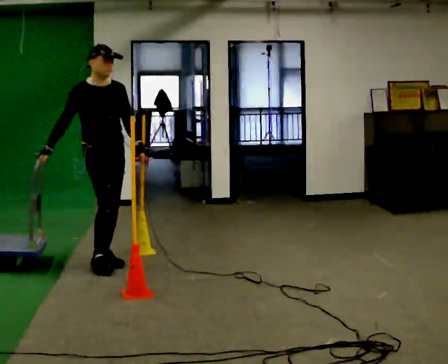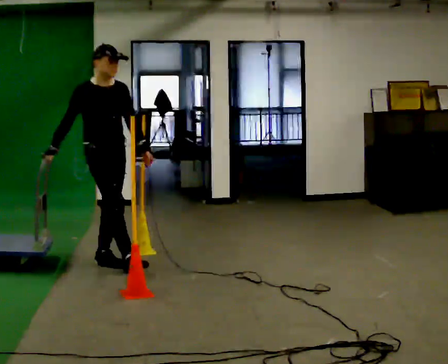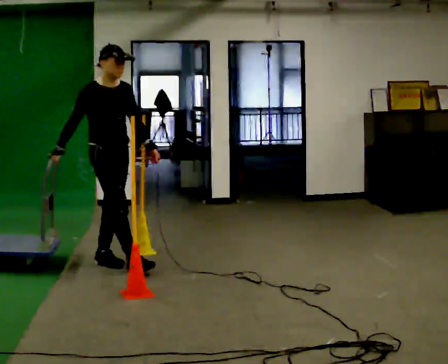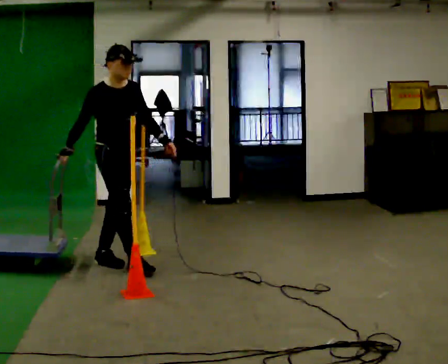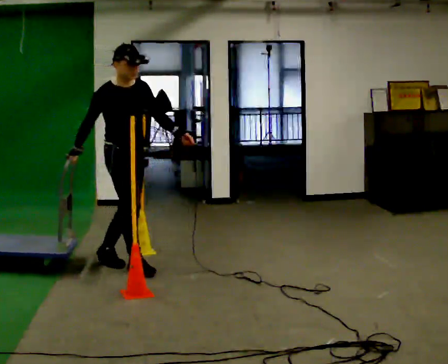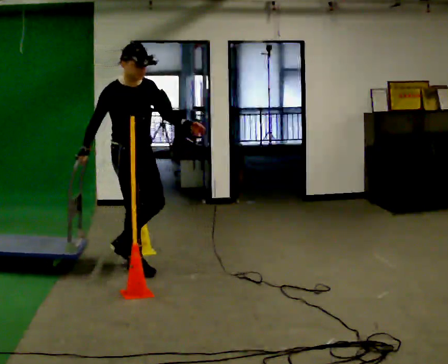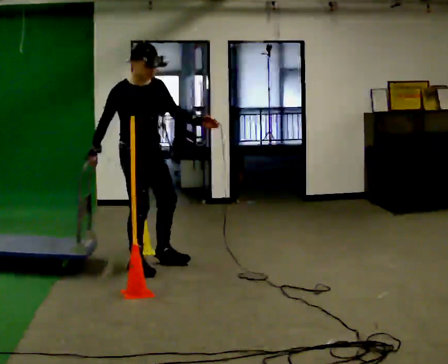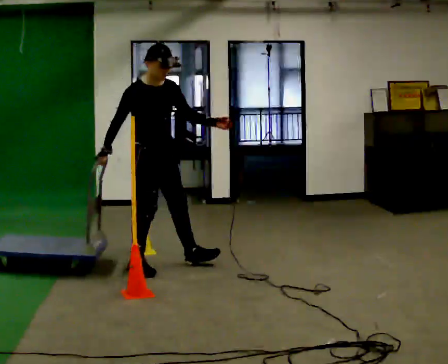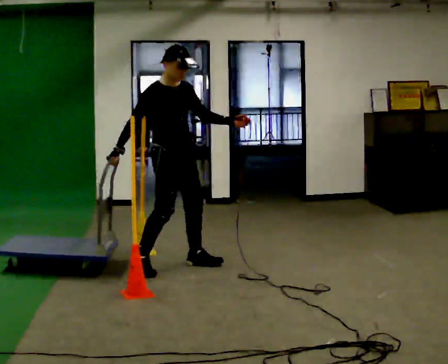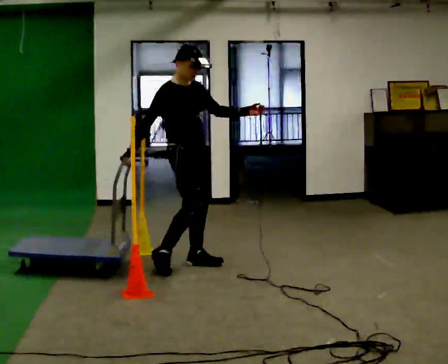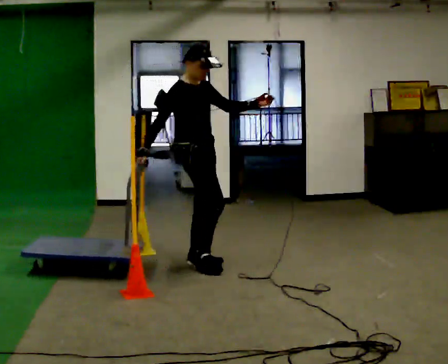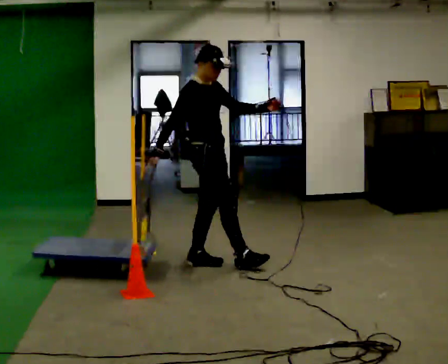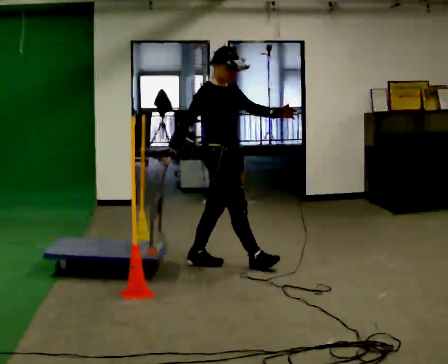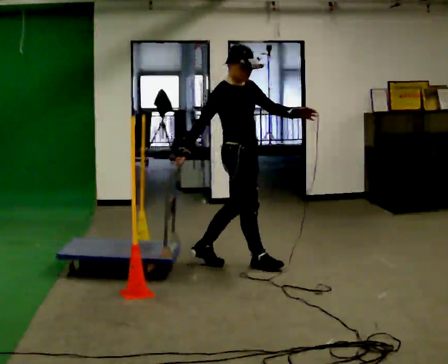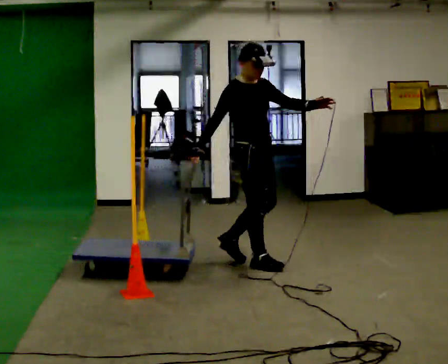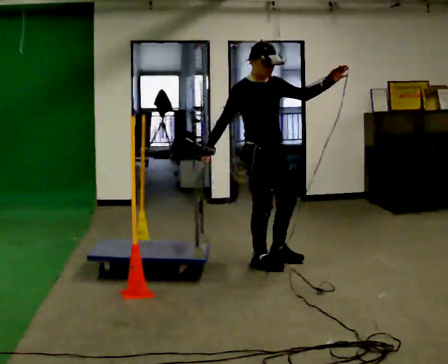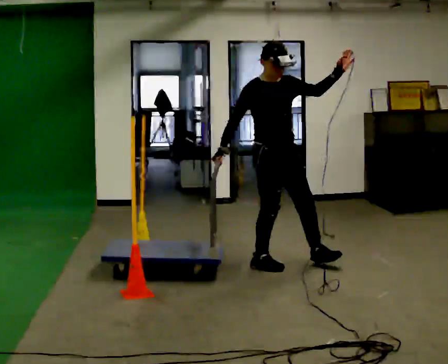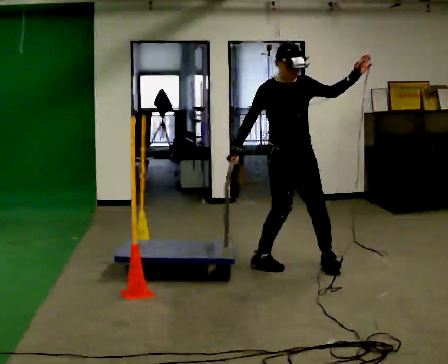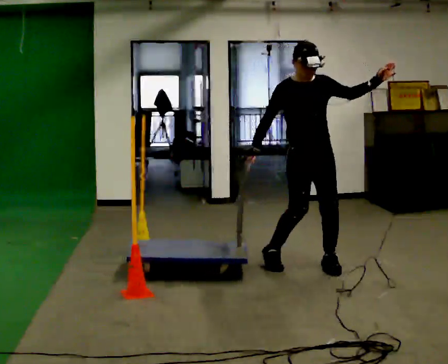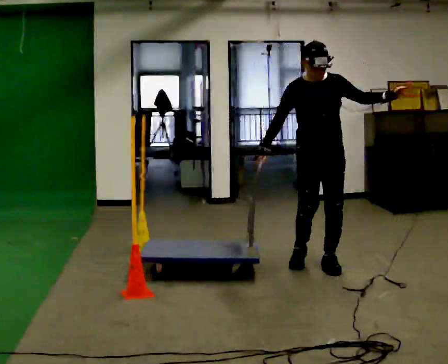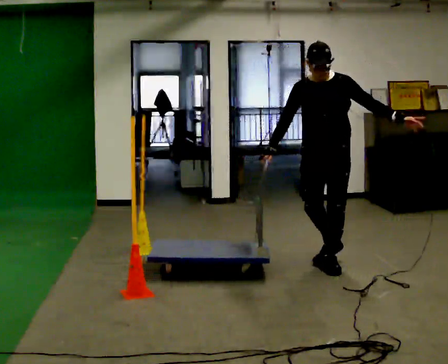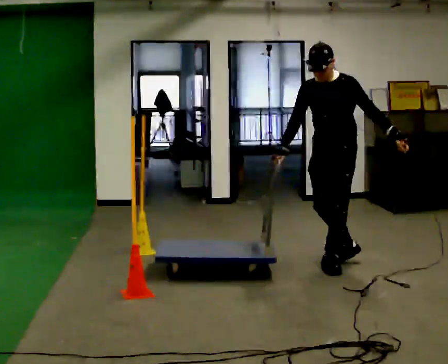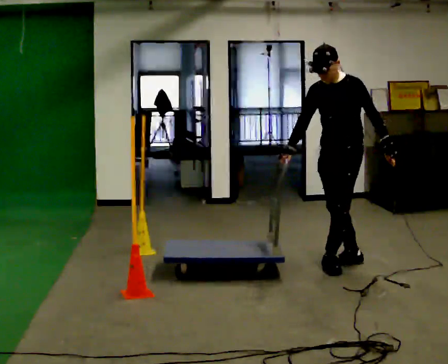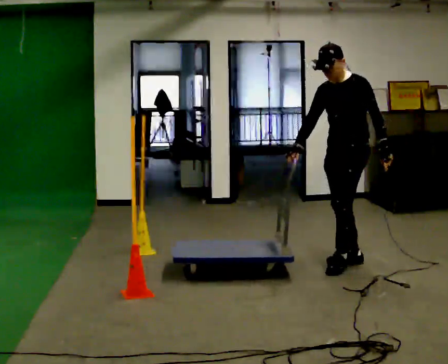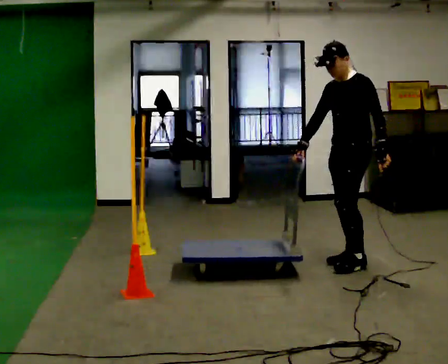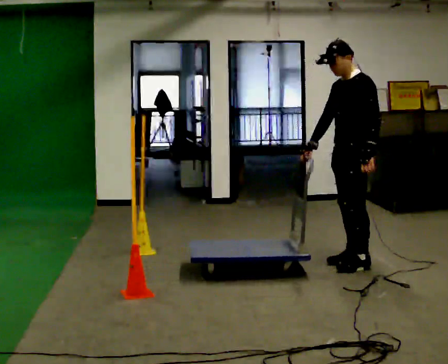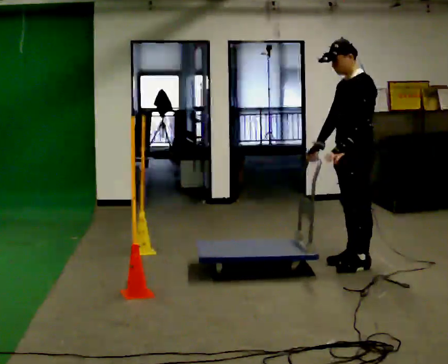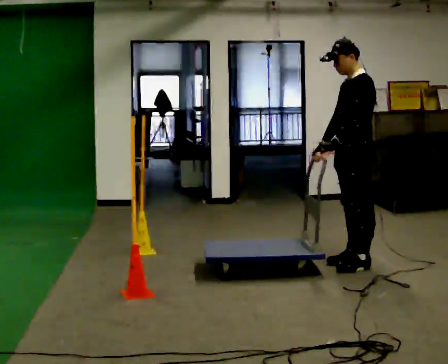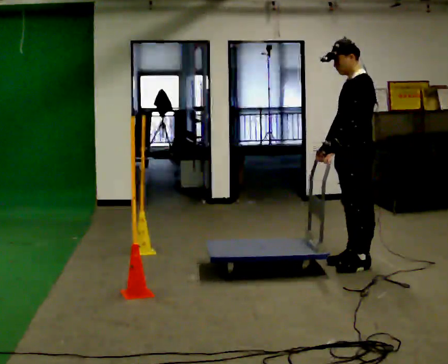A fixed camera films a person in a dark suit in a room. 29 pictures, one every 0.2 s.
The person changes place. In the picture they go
to the right.
0.0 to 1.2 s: In the picture they go to the right, about 0.25 m in 1 step, which for them is forward.
1.2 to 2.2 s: In the picture they go to the right, about 0.5 m in 1 step, which for them is to their left and forward.
2.2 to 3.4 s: The person turns about 45 degrees to their right, clockwise seen from above, so the part of the body nearest the lens slides to the left. In the picture they go to the right, about 0.75 m in 2 steps, which for them is forward.
3.4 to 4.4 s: The part of the body nearest the lens slides to the left as the person turns to their right by about 75 degrees. In the picture they go to the right, about 0.5 m in 1 step. In the picture their left hand goes downward, the arm swinging clockwise.
4.4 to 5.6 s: Seen from above the body turns clockwise, about 30 degrees: to their right, with its near side sliding to the left. In the picture their left hand goes to the left, the arm swinging clockwise.
The film runs forward here.
